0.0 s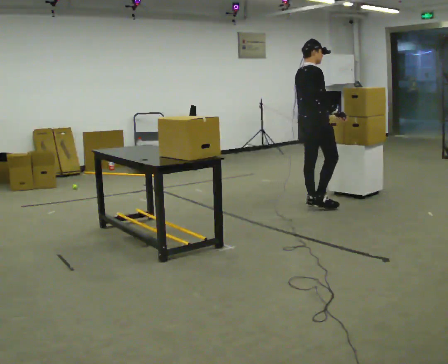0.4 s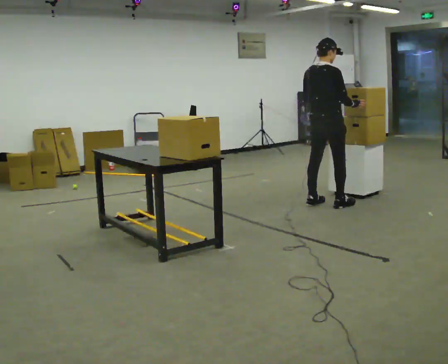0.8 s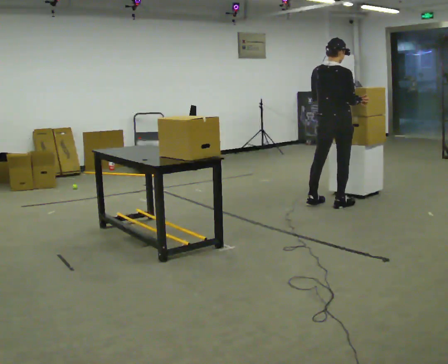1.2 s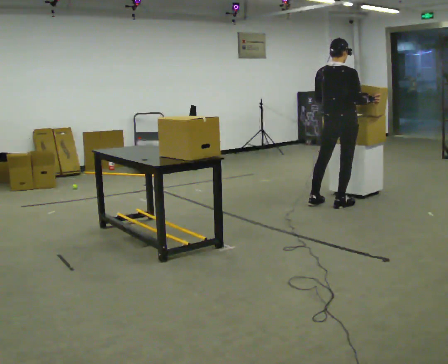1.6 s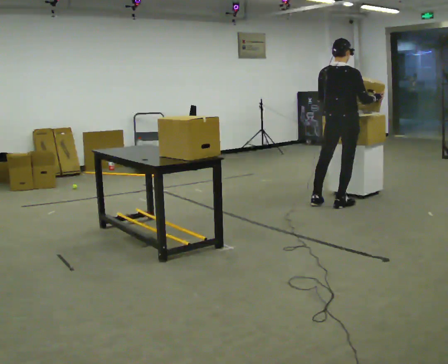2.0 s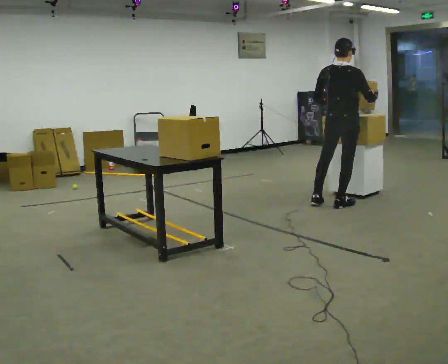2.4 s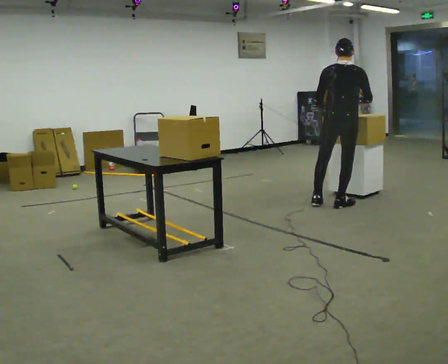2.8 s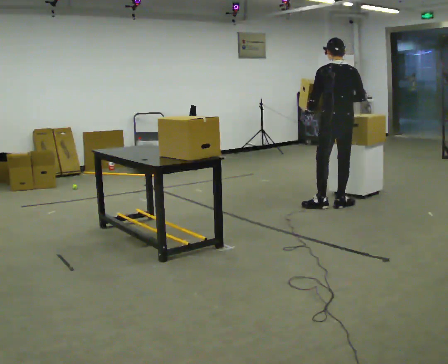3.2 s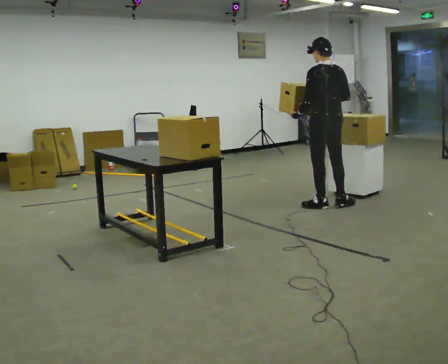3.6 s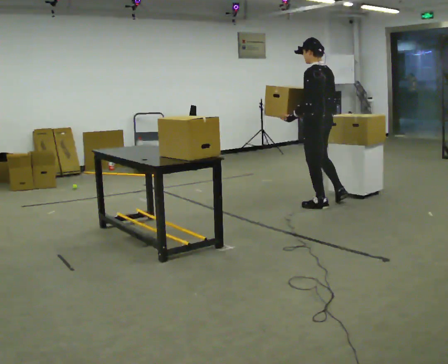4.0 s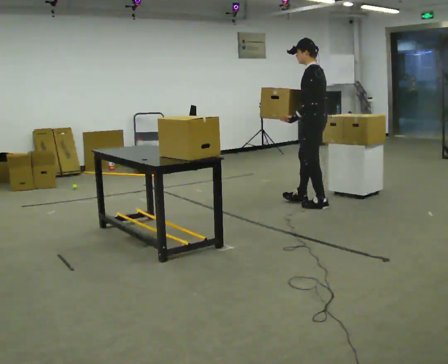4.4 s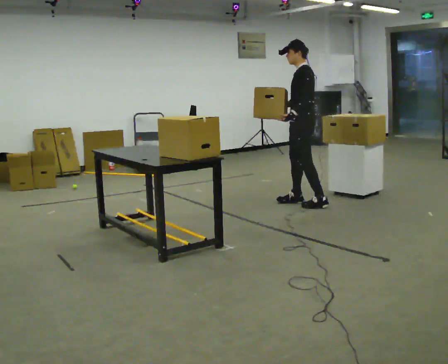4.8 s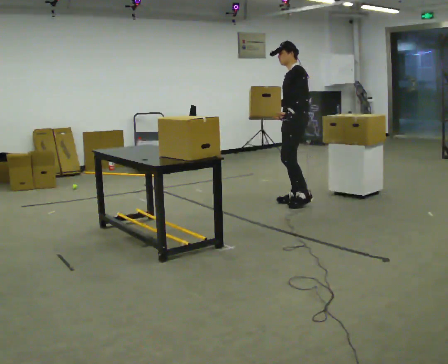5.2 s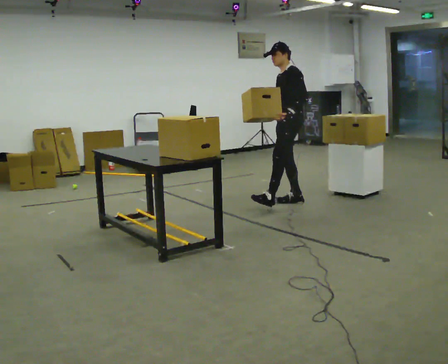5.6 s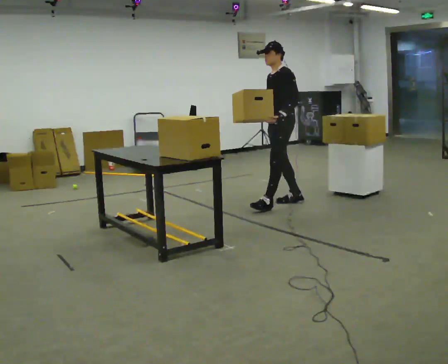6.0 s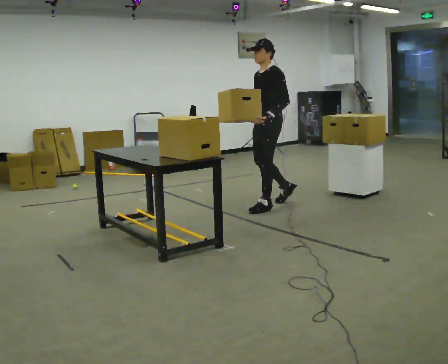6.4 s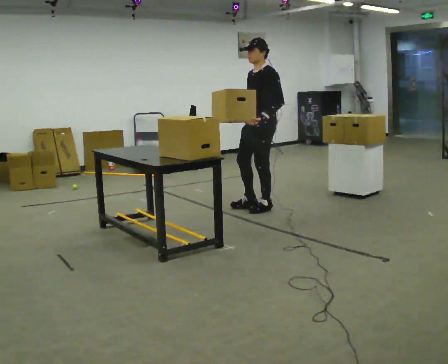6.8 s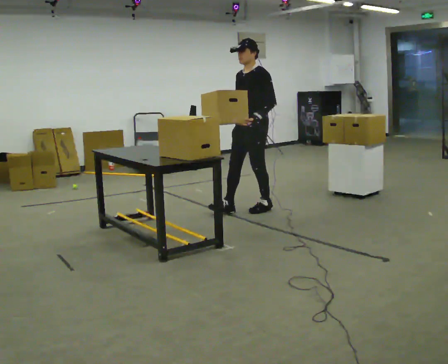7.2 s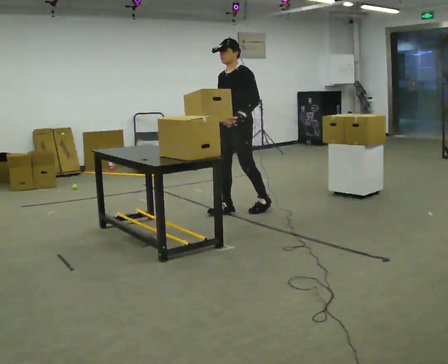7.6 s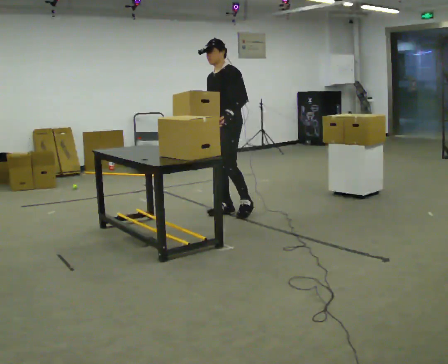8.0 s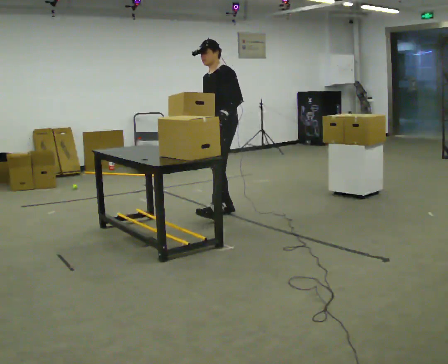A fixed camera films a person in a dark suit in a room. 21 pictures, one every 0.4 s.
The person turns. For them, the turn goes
to their left.
The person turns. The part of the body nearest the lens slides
to the right.
0.0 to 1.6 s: The person turns about 45 degrees to their left, counterclockwise seen from above, so the part of the body nearest the lens slides to the right. In the picture they go to the right, about 0.25 m in 1 step, which for them is to their right and forward.
1.6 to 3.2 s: The part of the body nearest the lens slides to the right as the person turns to their left by about 60 degrees. In the picture their left hand goes to the left.
3.2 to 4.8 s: The person turns about 75 degrees to their left, counterclockwise seen from above, so the part of the body nearest the lens slides to the right. In the picture they go to the left and away from the camera, about 0.25 m in 1 step.
4.8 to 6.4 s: In the picture they go to the left and toward the camera, about 0.5 m in 1 step, which for them is forward.
6.4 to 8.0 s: In the picture they go to the left and toward the camera, about 0.5 m in 1 step, which for them is forward and to their right.
The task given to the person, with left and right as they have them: Move objects one at a time from the waist-height shelf at one end of the room to the waist-height shelf at the other end. Keep going until the operator says stop; one object at a time, and do not rush between trips.
The film runs forward here.
